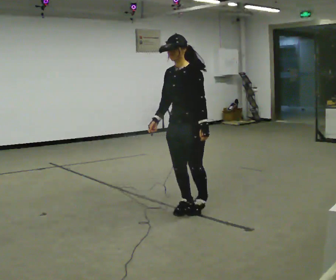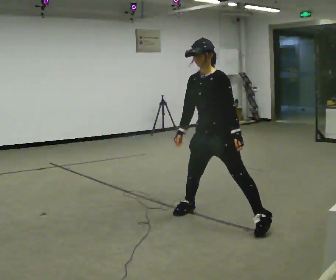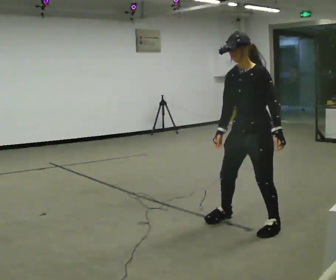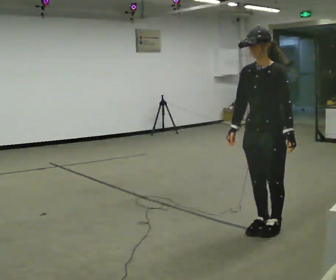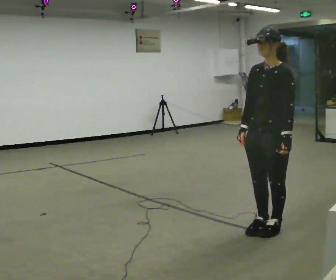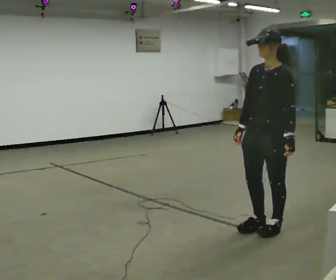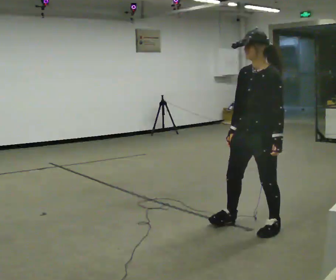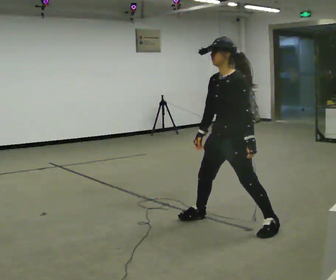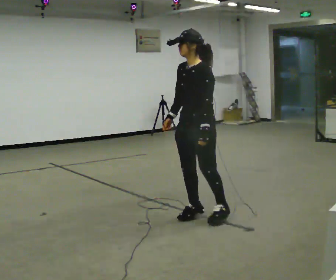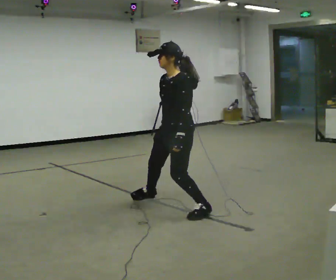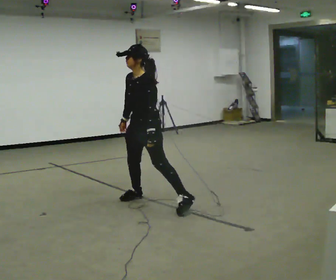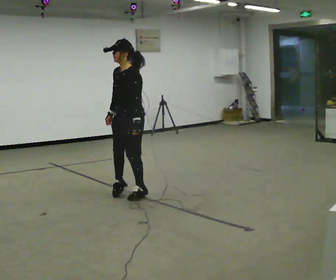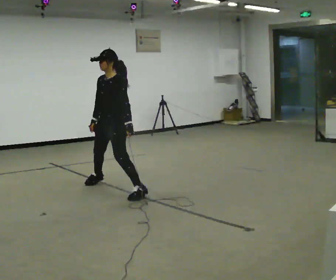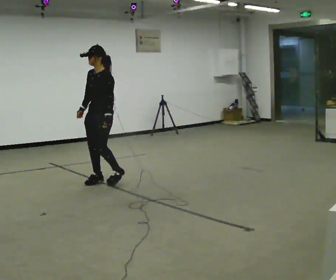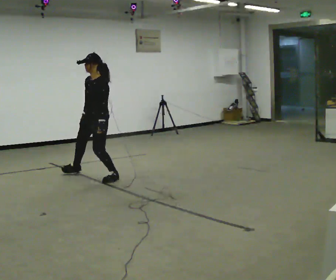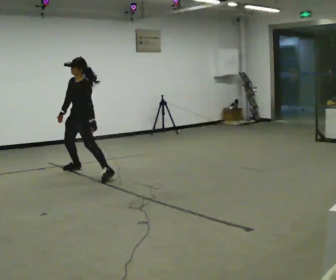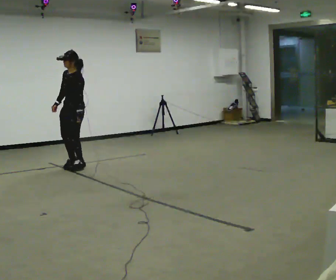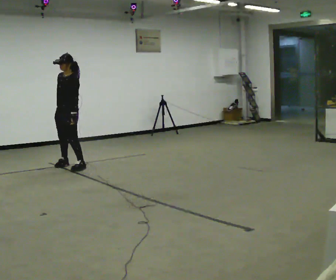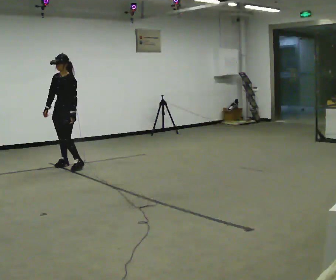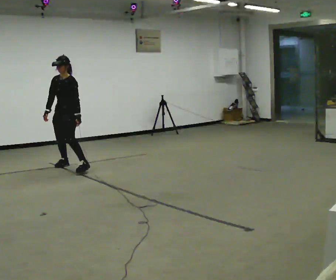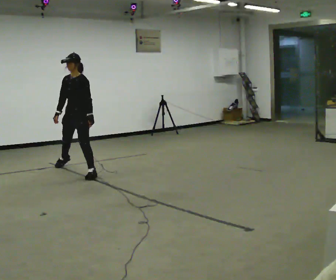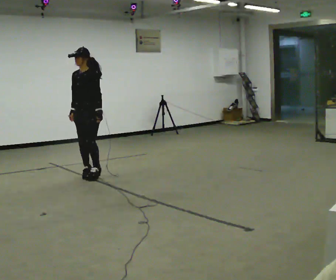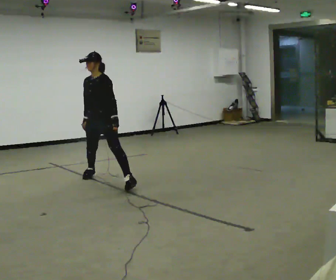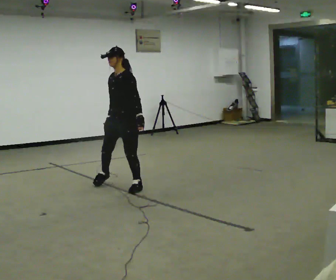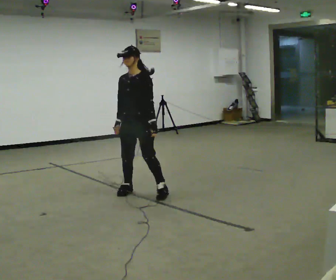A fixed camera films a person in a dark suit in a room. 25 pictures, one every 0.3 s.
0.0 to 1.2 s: In the picture they go toward the camera and to the right, about 1 m in 3 steps, which for them is to their left.
1.2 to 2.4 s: In the picture they go away from the camera and to the left, about 0.5 m in 1 step, which for them is to their right.
2.4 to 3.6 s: In the picture they go away from the camera and to the left, about 1.5 m in 3 steps, which for them is to their right.
3.6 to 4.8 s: In the picture they go away from the camera and to the left, about 1 m in 3 steps, which for them is to their right.
4.8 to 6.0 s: In the picture they go toward the camera, about 0.25 m in 3 steps, which for them is to their left and forward.
6.0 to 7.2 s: In the picture they go toward the camera and to the right, about 1.5 m in 3 steps, which for them is to their left.
The film runs forward here.
